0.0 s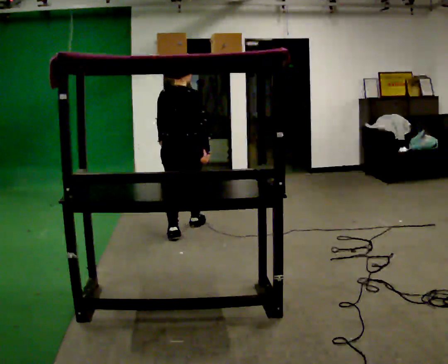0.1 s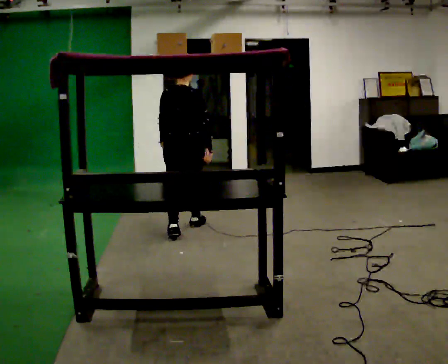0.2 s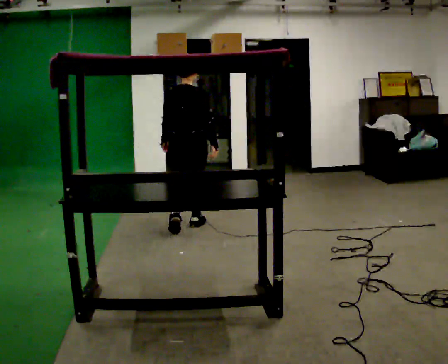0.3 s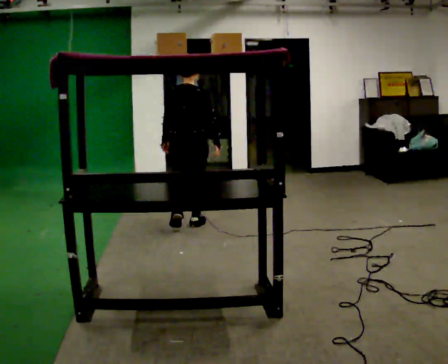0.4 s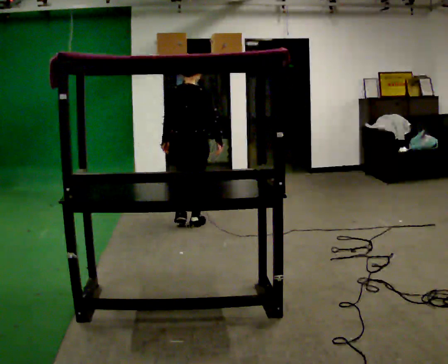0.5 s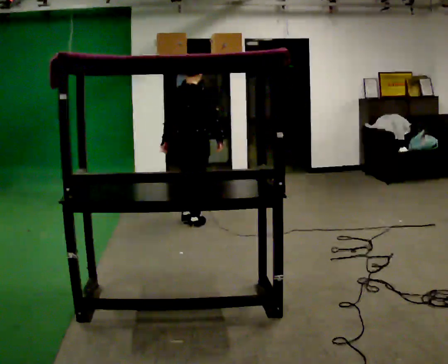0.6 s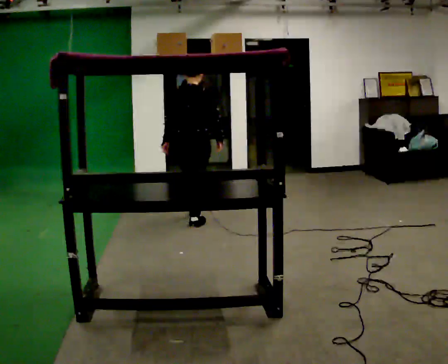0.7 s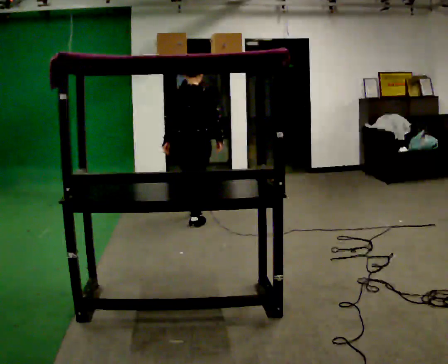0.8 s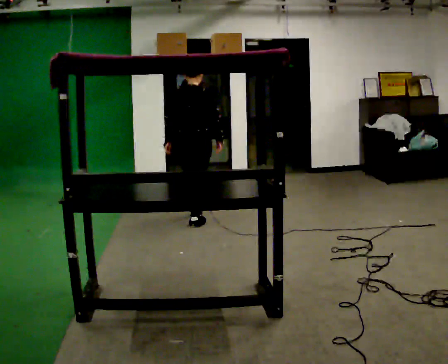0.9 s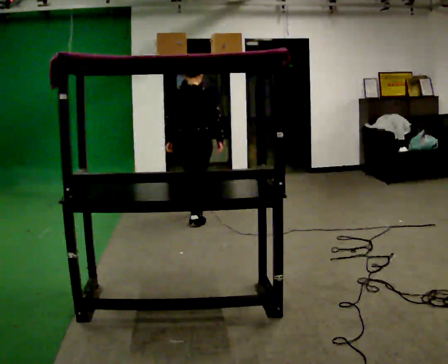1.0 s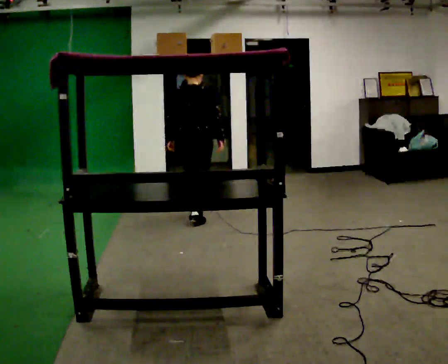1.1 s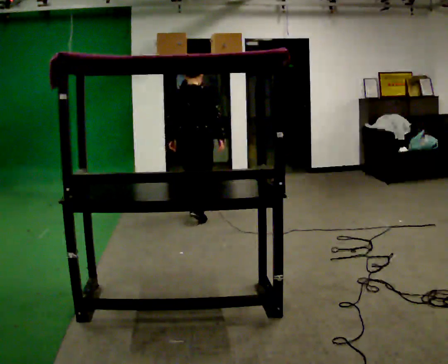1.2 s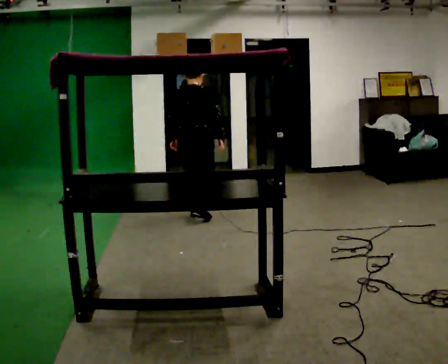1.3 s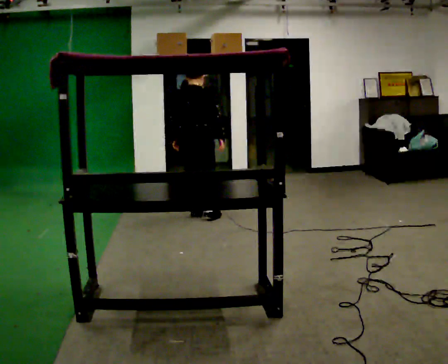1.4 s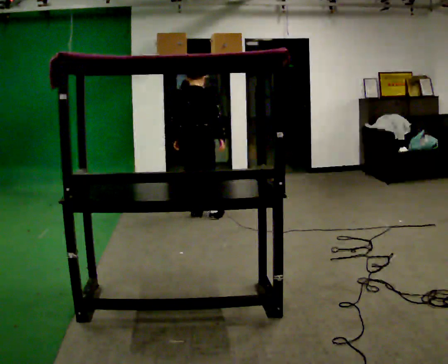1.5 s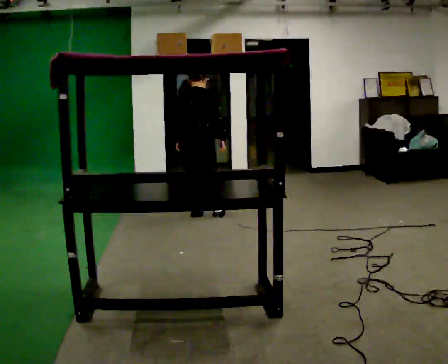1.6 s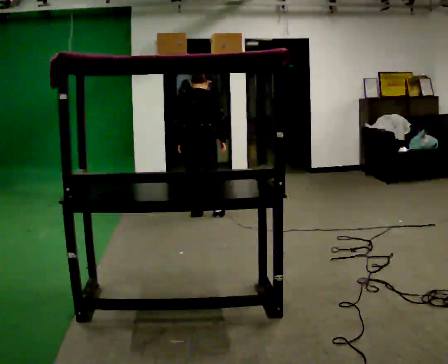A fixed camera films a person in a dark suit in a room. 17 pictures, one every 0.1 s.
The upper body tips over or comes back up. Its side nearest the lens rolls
upward.
0.0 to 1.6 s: In the picture they go away from the camera, about 0.5 m in 2 steps, which for them is forward. The upper body tips away from the camera, its near side rolling upward, as they bend forward.
The film runs forward here.
